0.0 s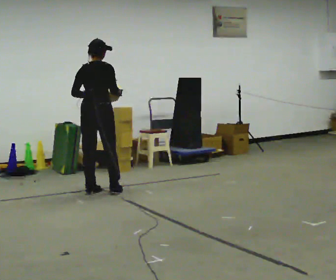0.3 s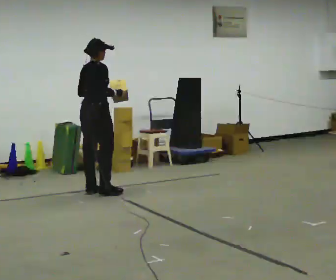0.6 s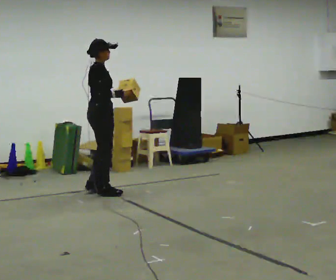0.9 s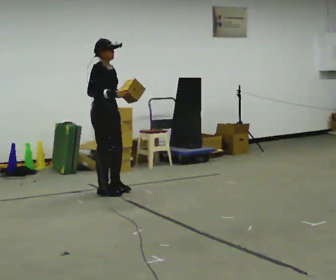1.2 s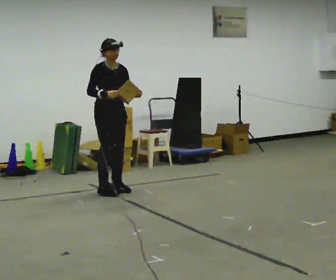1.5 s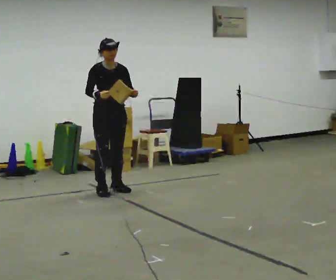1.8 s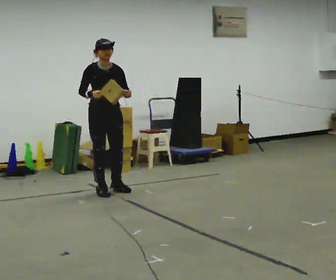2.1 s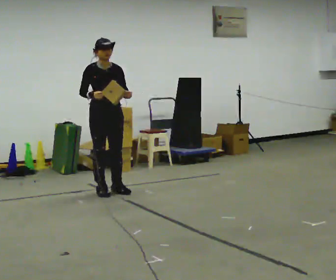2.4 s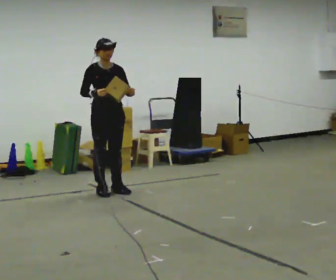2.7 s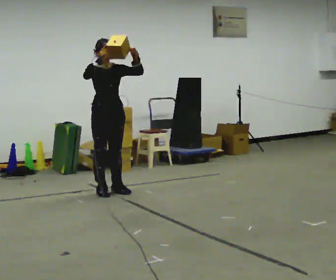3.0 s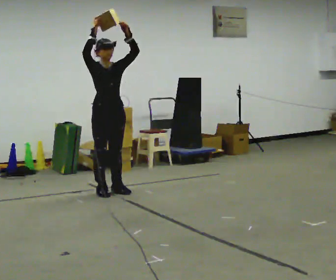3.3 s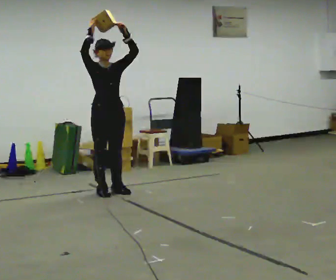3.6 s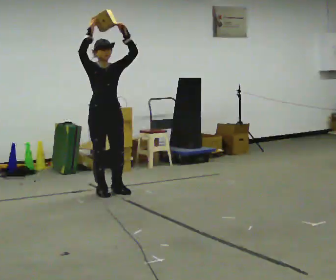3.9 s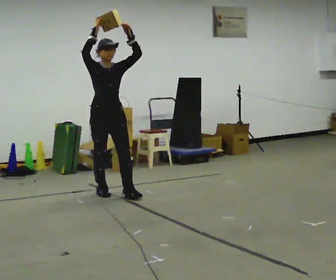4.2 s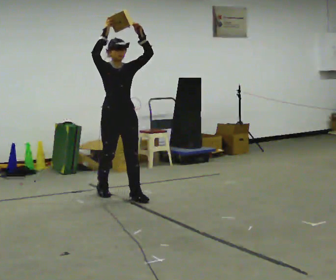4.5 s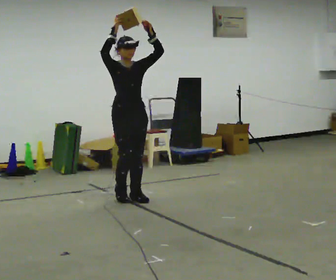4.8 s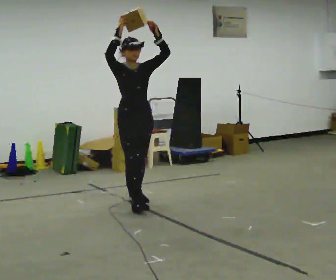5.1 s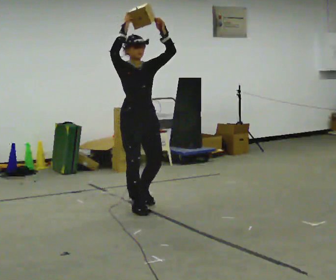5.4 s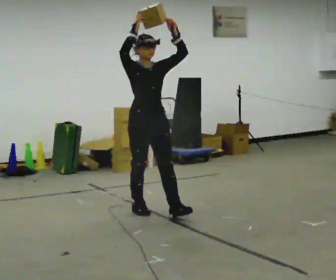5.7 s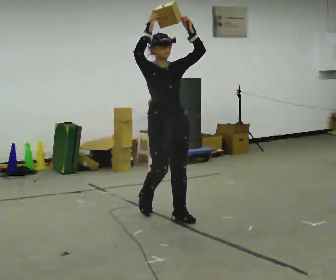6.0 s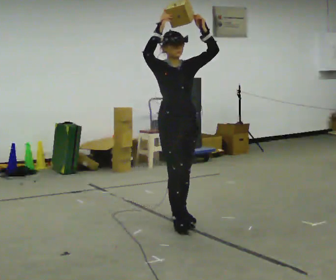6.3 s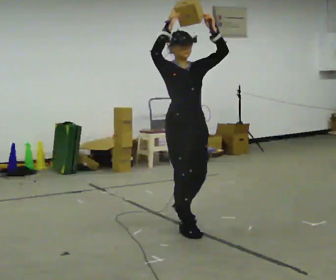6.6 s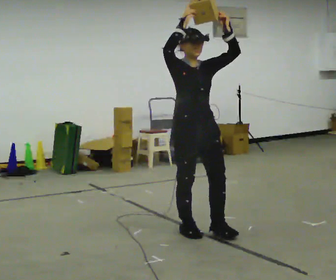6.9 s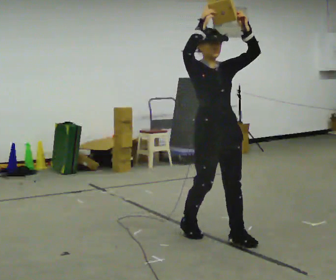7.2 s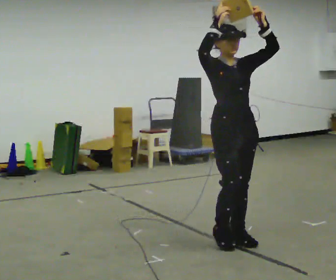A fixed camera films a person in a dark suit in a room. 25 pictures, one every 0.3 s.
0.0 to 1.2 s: Seen from above the body turns clockwise, about 120 degrees: to their right, with its near side sliding to the left. In the picture their left hand goes to the right.
1.2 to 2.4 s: The person moves a little, or ends about where they began.
2.4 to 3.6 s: In the picture their right hand goes upward.
3.6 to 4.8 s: In the picture they go toward the camera and to the right, about 0.5 m in 2 steps, which for them is forward.
4.8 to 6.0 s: In the picture they go toward the camera and to the right, about 1 m in 1 step, which for them is forward.
6.0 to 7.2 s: In the picture they go toward the camera and to the right, about 0.5 m in 2 steps, which for them is forward.
The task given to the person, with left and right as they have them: Carry the object held up above your head, walking back and forth across the room.
The film runs forward here.
